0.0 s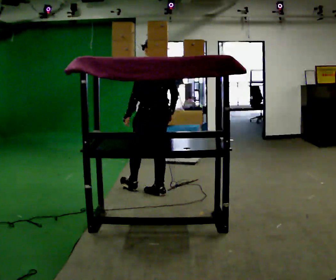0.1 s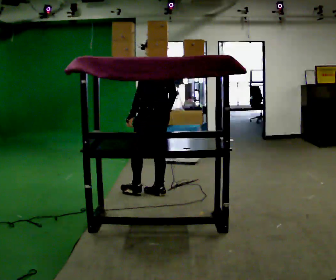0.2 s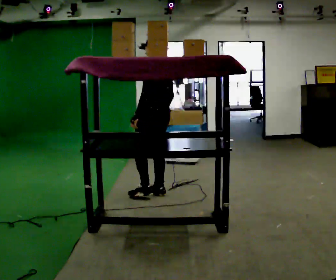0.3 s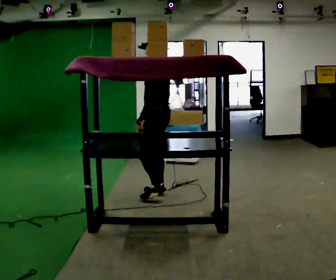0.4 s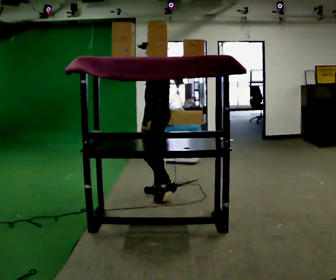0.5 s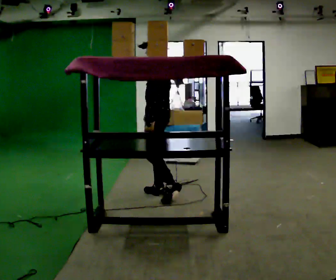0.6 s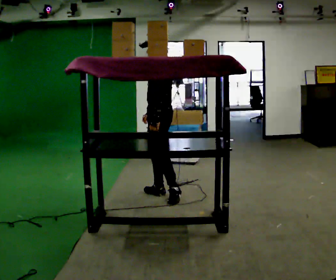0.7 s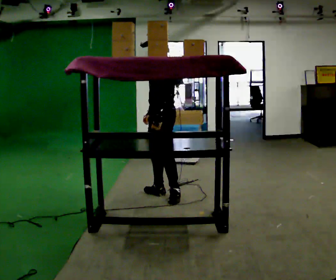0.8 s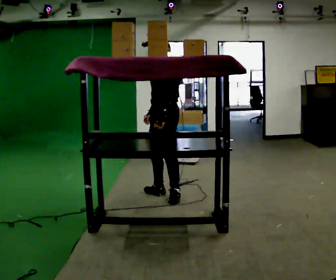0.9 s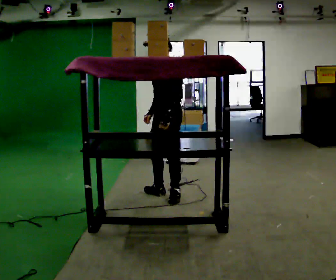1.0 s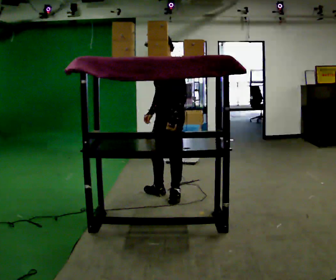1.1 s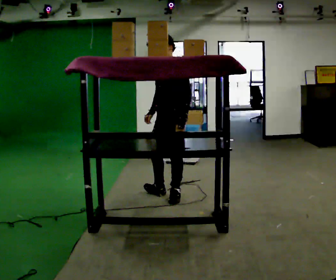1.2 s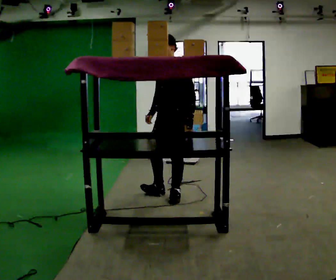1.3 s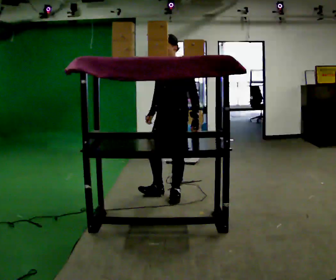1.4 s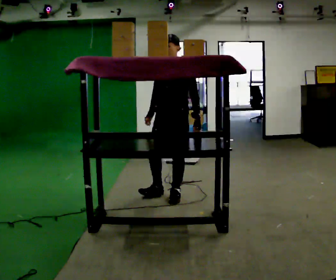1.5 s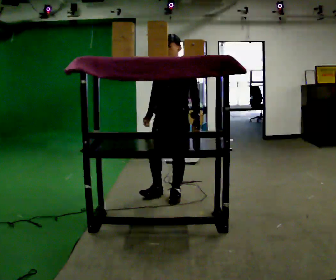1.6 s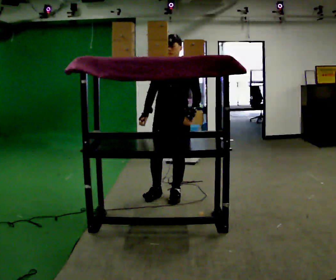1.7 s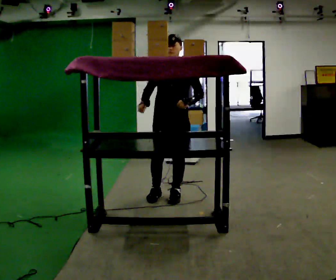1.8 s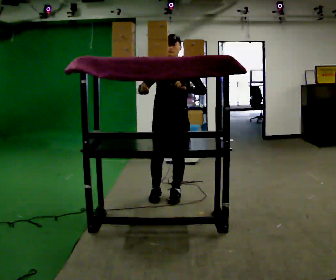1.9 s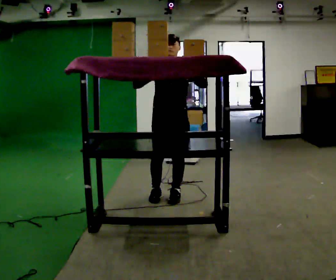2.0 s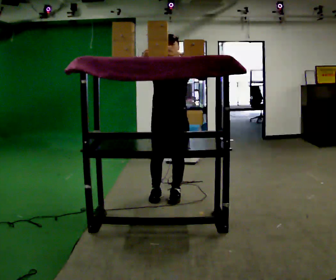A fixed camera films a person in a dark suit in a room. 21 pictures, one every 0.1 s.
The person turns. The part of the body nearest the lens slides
to the right.
Their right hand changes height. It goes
upward.
0.0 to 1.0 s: The part of the body nearest the lens slides to the right as the person turns to their left by about 90 degrees. In the picture they go to the right and toward the camera, about 0.25 m.
1.0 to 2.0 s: The person turns about 45 degrees to their left, counterclockwise seen from above, so the part of the body nearest the lens slides to the right. In the picture their right hand goes upward.
The film runs backward here.
